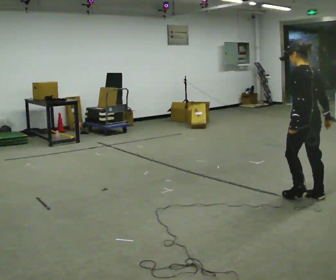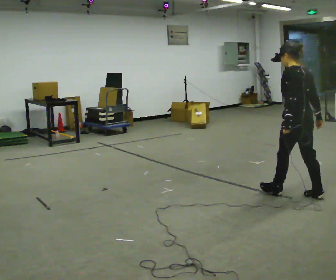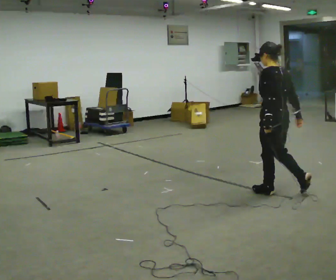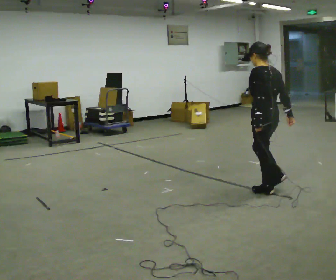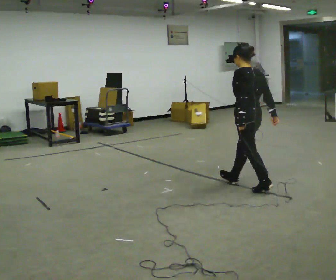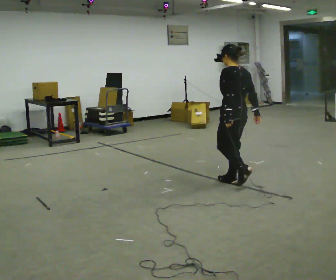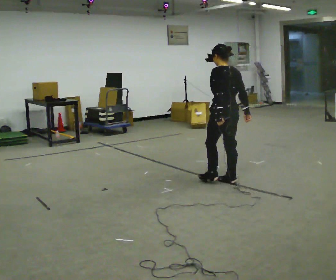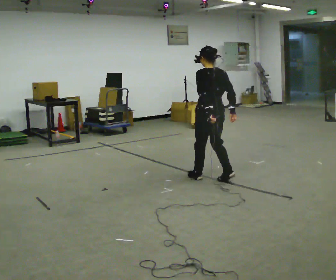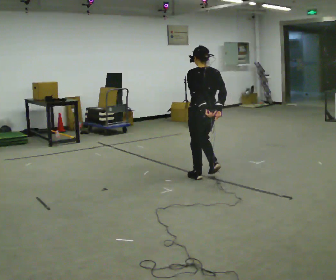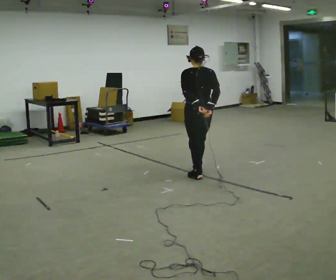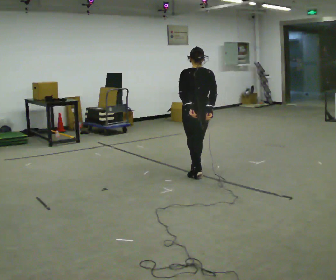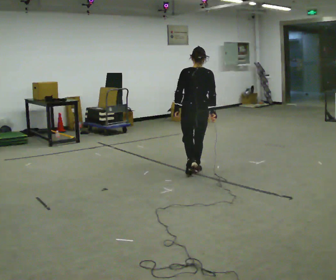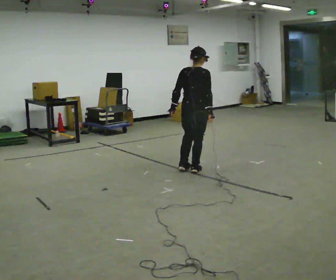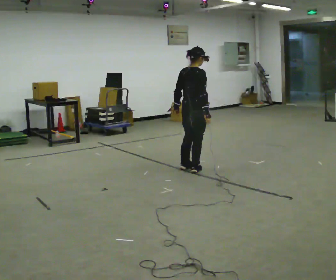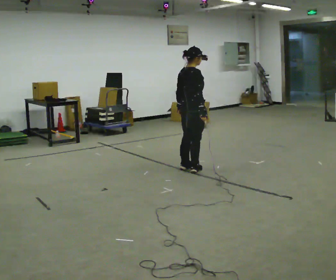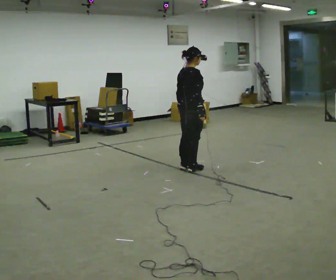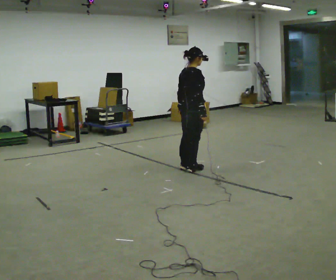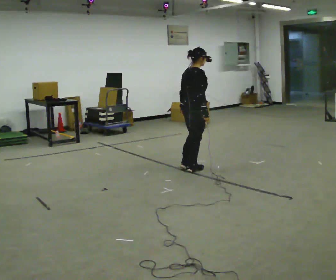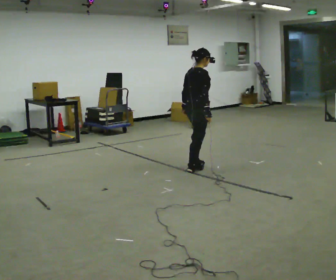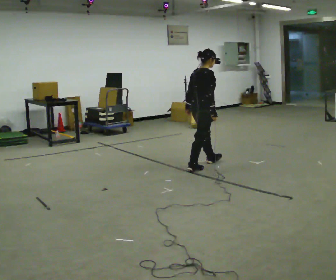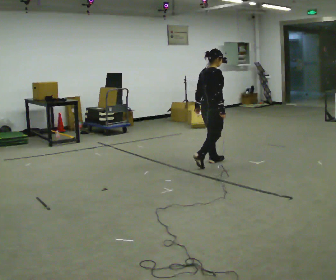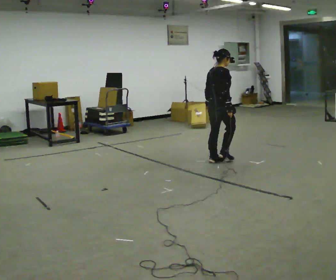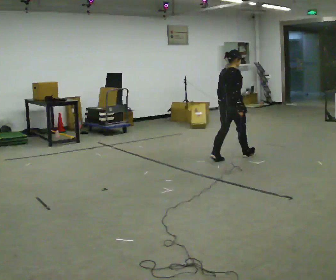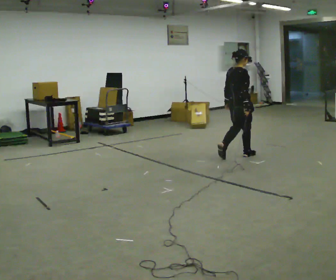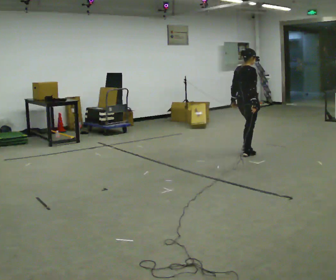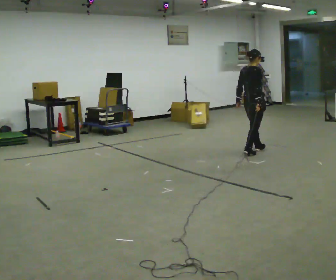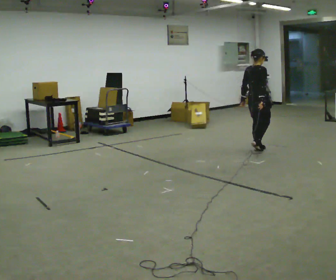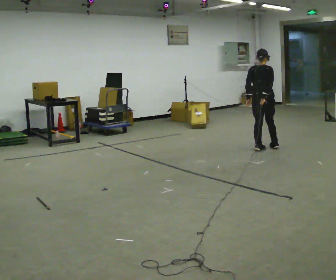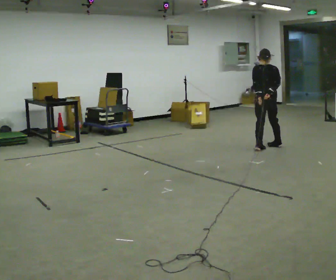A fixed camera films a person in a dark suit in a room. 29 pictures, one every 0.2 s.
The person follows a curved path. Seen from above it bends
clockwise.
The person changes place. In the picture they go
away from the camera.
0.0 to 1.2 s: In the picture they go away from the camera and to the left, about 1 m in 2 steps, which for them is forward.
1.2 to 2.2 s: The part of the body nearest the lens slides to the left as the person turns to their right by about 45 degrees. In the picture they go away from the camera and to the left, about 0.5 m in 2 steps, which for them is forward.
2.2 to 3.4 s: The person turns about 60 degrees to their right, clockwise seen from above, so the part of the body nearest the lens slides to the left.
3.4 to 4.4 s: In the picture they go to the right and away from the camera, about 0.5 m in 1 step, which for them is forward.
4.4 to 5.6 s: The part of the body nearest the lens slides to the right as the person turns to their left by about 60 degrees. In the picture they go to the right and away from the camera, about 1 m in 3 steps, which for them is forward.
The film runs forward here.
